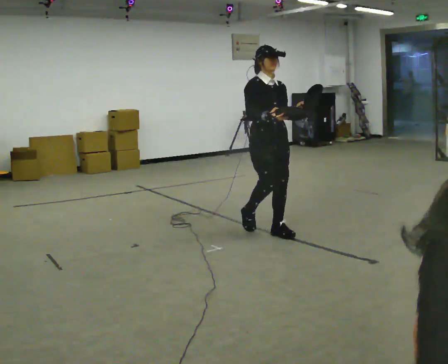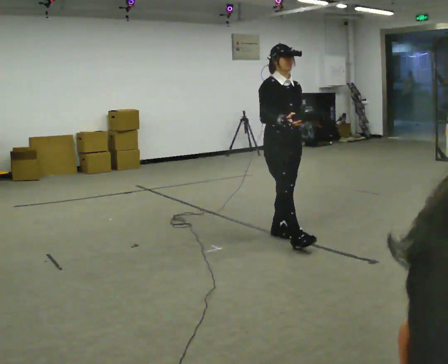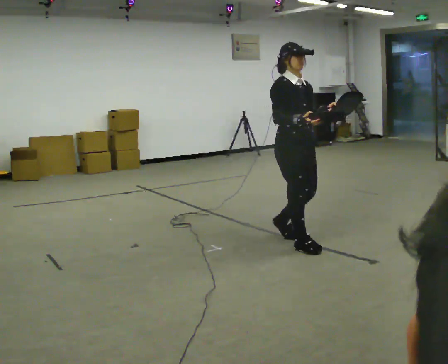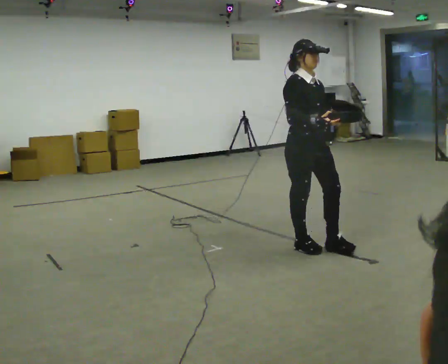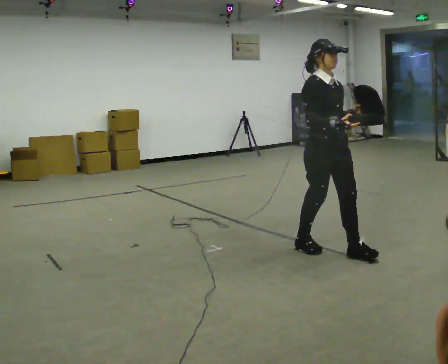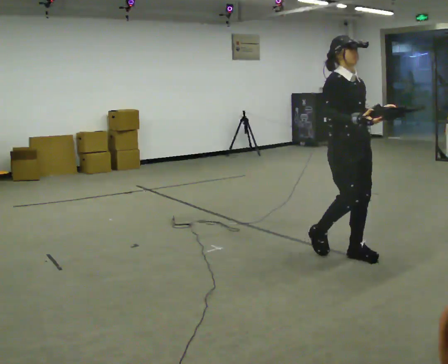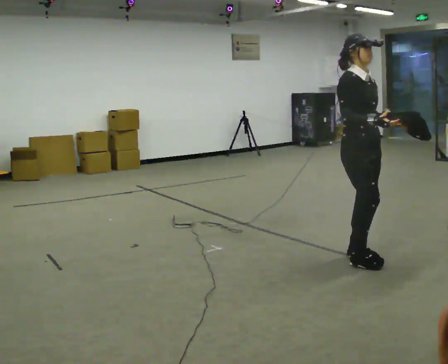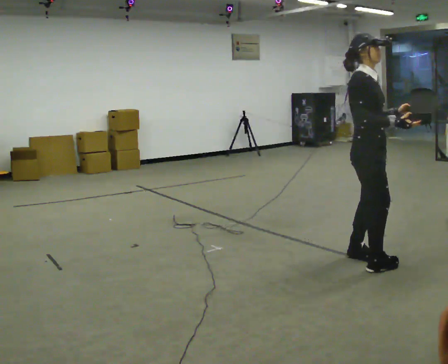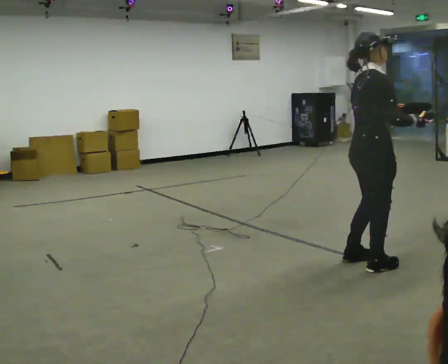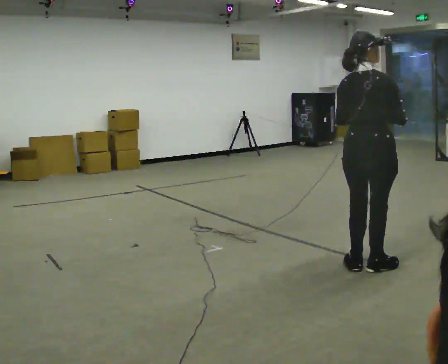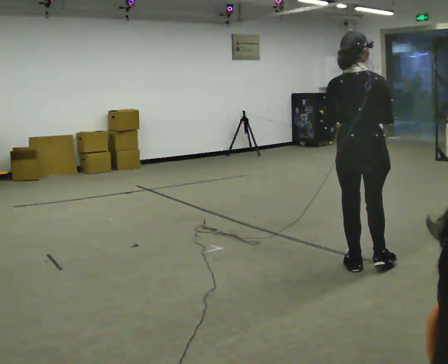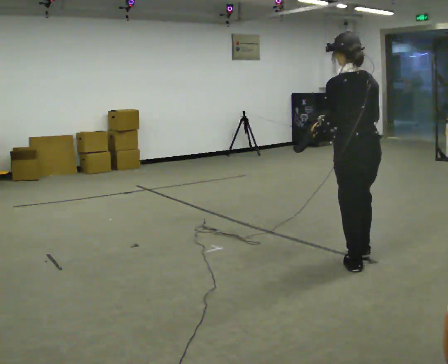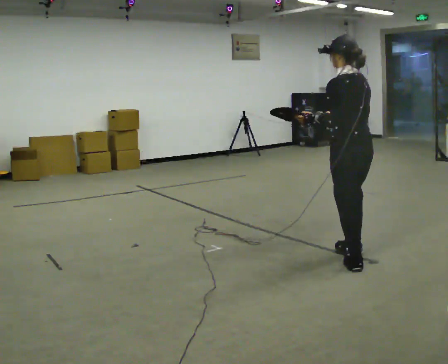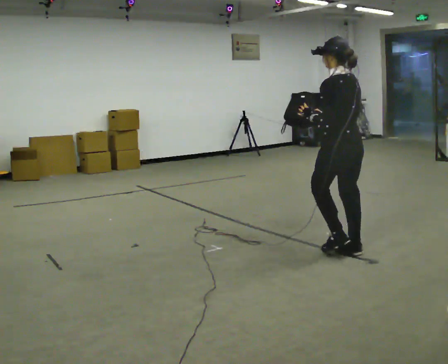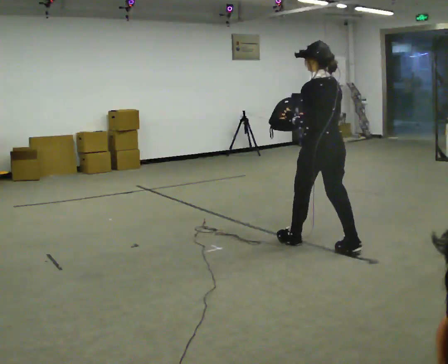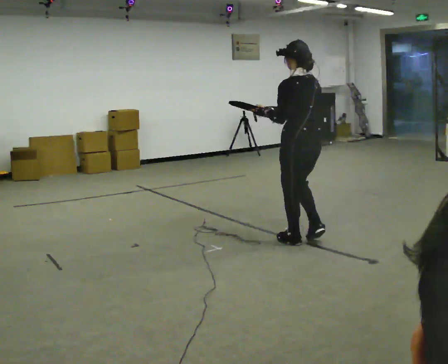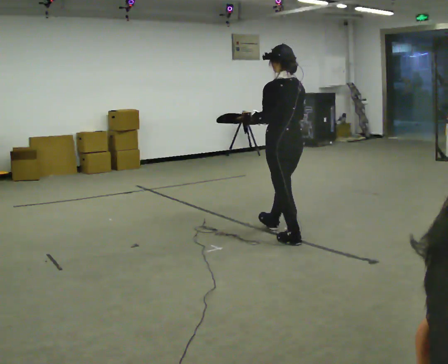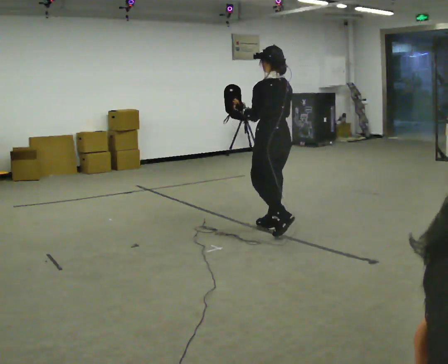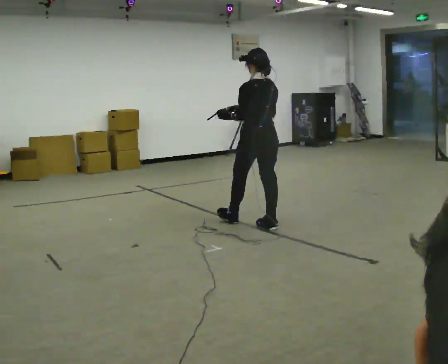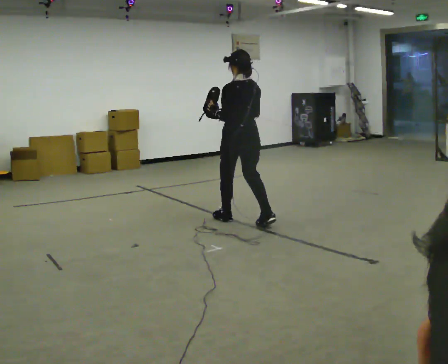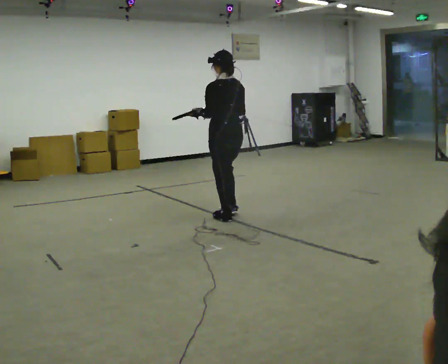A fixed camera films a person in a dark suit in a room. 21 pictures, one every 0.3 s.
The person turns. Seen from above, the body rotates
counterclockwise.
The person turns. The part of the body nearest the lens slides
to the right.
0.0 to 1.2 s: In the picture they go to the right and toward the camera, about 0.5 m in 2 steps, which for them is forward.
1.2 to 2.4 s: The part of the body nearest the lens slides to the right as the person turns to their left by about 75 degrees. In the picture they go toward the camera and to the right, about 0.5 m in 1 step.
2.4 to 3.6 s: The person turns about 105 degrees to their left, counterclockwise seen from above, so the part of the body nearest the lens slides to the right. In the picture they go away from the camera, about 0.25 m in 2 steps. In the picture their right hand goes to the left.
3.6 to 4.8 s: In the picture they go to the left and away from the camera, about 1 m in 2 steps, which for them is forward.
4.8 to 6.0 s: In the picture they go to the left and away from the camera, about 1 m in 1 step, which for them is forward.
The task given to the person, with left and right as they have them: Carry the object across the room. The lid hangs loose and will swing, so carry it however works. Keep going until the operator says stop; one object at a time, and do not rush between trips.
The film runs forward here.
